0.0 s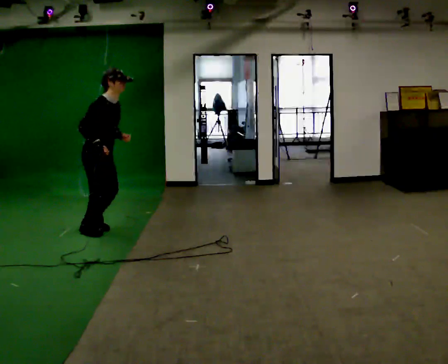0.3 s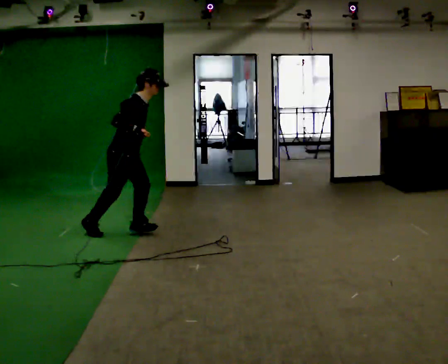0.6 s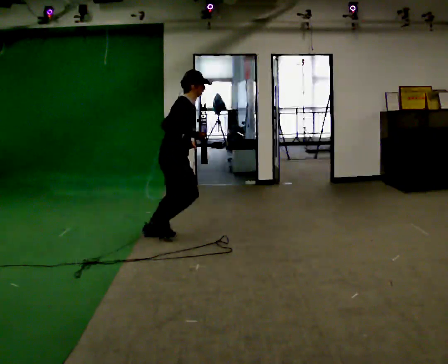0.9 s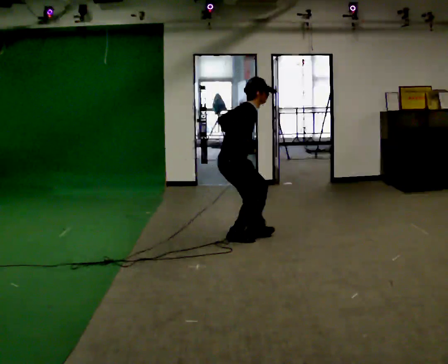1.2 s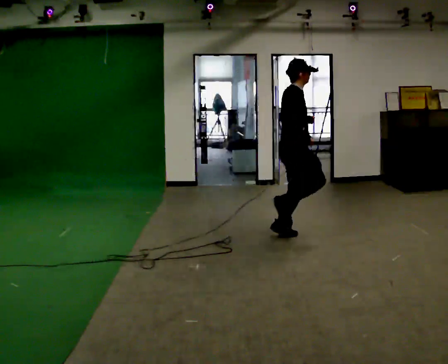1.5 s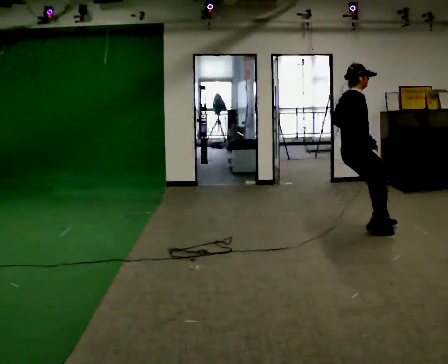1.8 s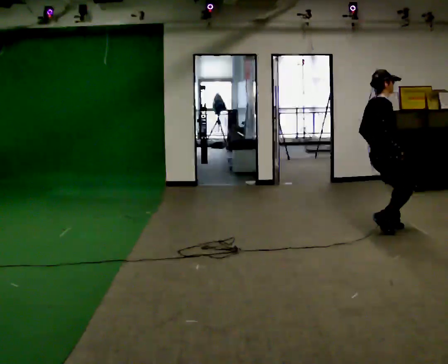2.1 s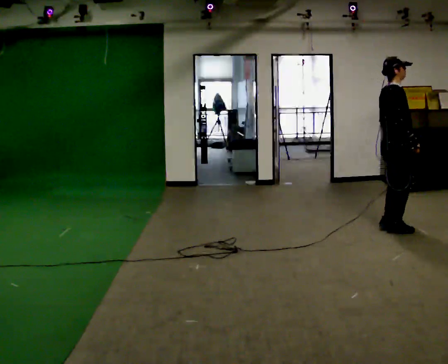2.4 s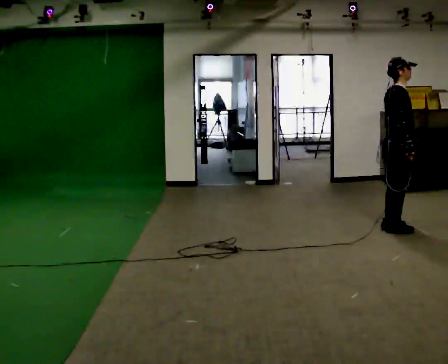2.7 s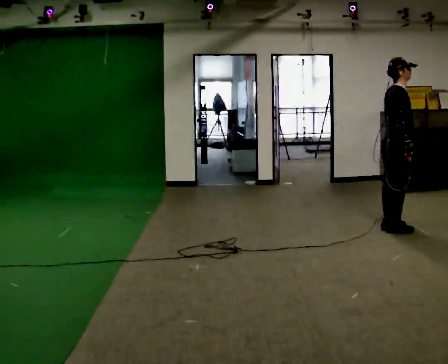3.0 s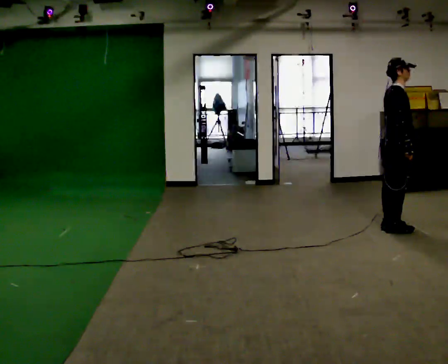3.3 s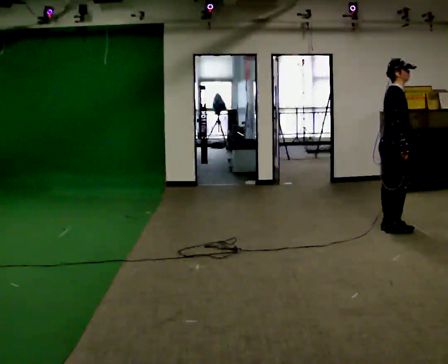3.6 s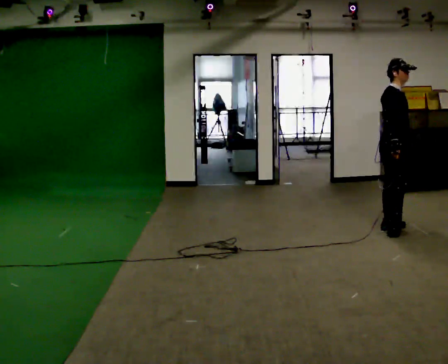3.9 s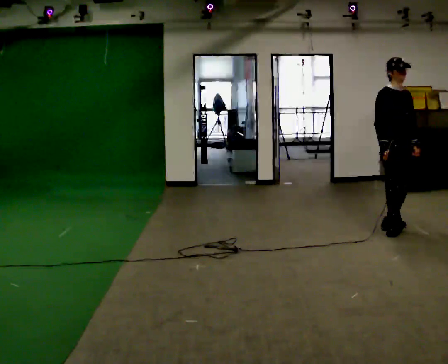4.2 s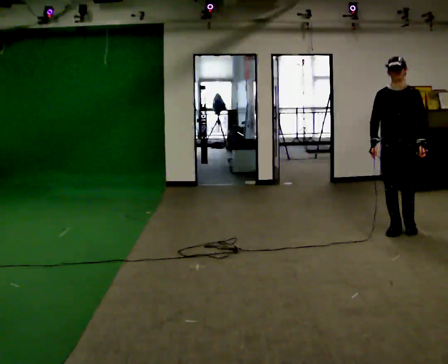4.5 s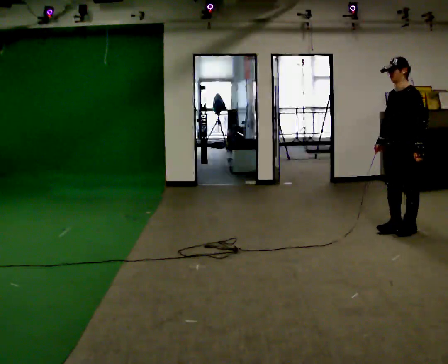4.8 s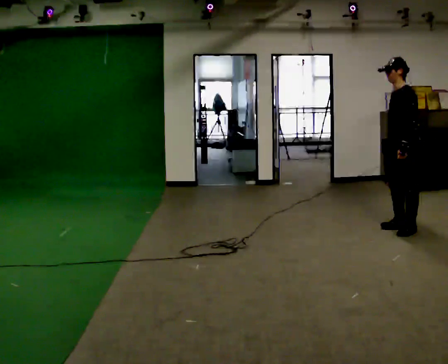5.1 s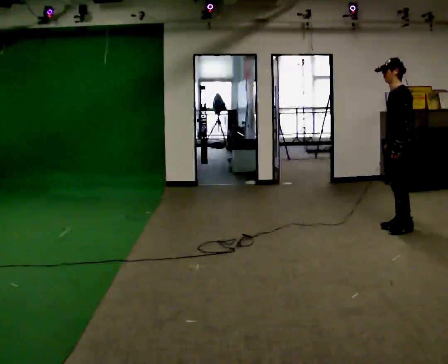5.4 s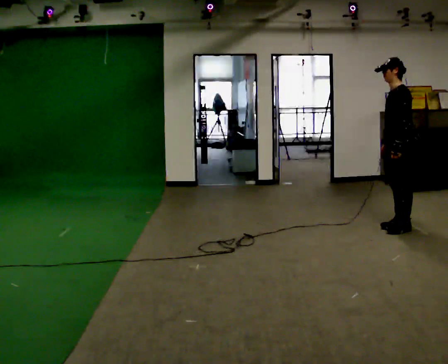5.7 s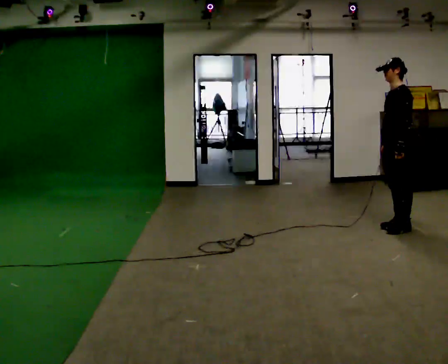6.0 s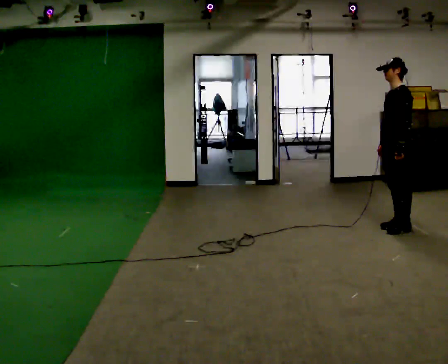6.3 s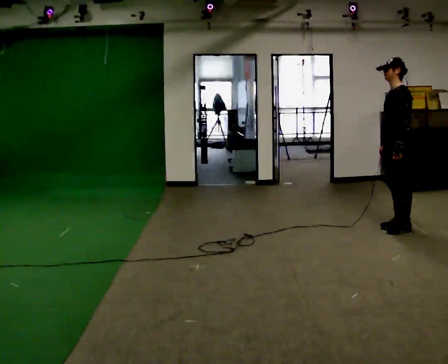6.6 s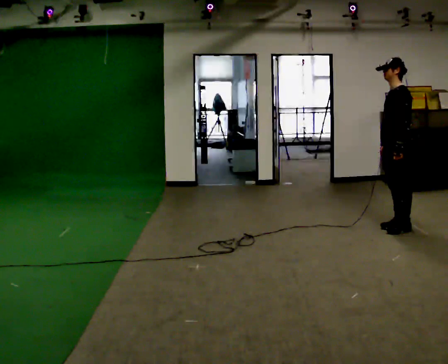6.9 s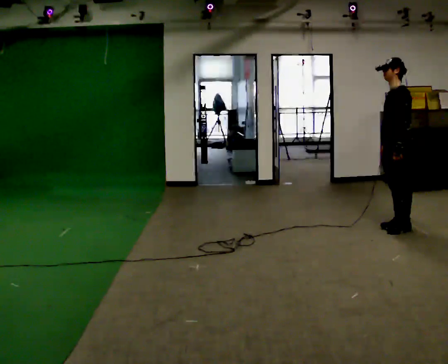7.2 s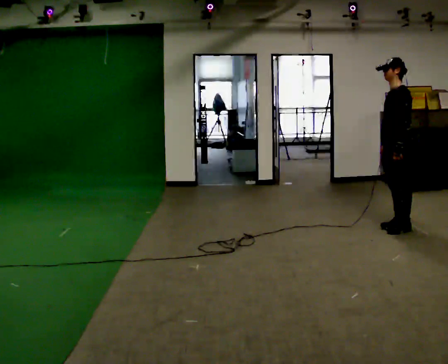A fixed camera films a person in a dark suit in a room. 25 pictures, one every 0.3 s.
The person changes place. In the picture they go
to the right.
0.0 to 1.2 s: In the picture they go to the right, about 2 m in 1 step, which for them is forward. In the picture the upper body tilts counterclockwise, shoulders to the left.
1.2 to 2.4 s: In the picture they go to the right, about 1 m in 2 steps, which for them is forward. In the picture their left hand goes downward.
2.4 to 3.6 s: The part of the body nearest the lens slides to the left as the person turns to their right by about 45 degrees.
3.6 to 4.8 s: The part of the body nearest the lens slides to the left as the person turns to their right by about 135 degrees. In the picture they go to the right, about 0.25 m in 2 steps.
4.8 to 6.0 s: The person moves a little, or ends about where they began.
6.0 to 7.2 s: The person keeps their place and pose.
The film runs forward here.
